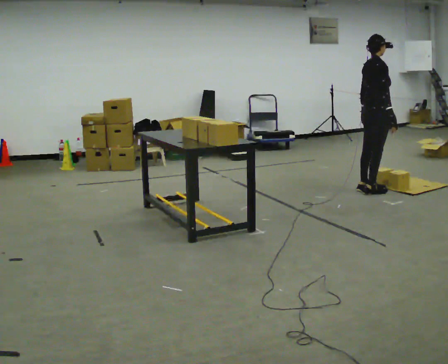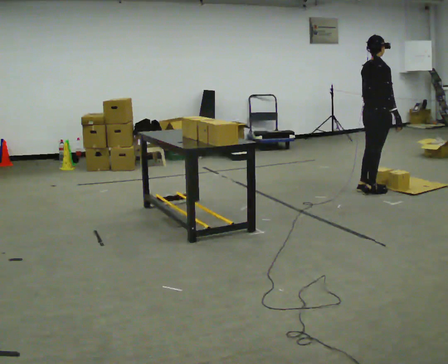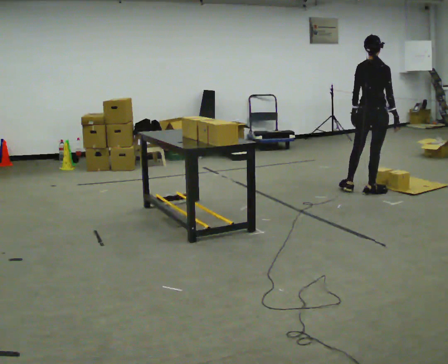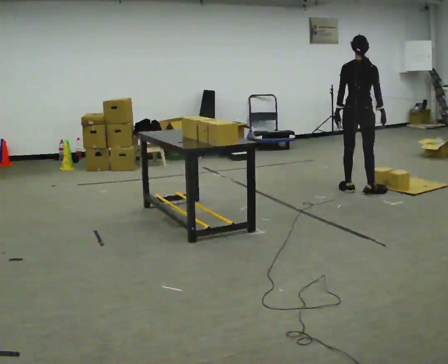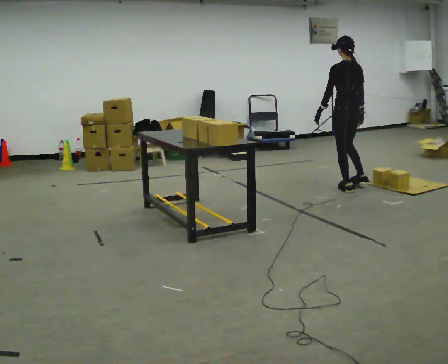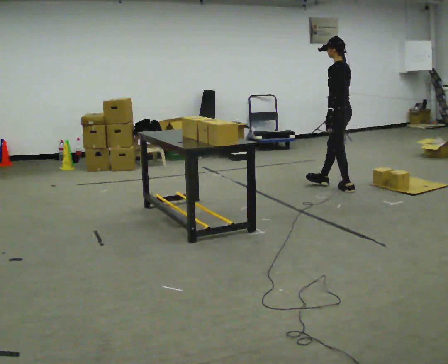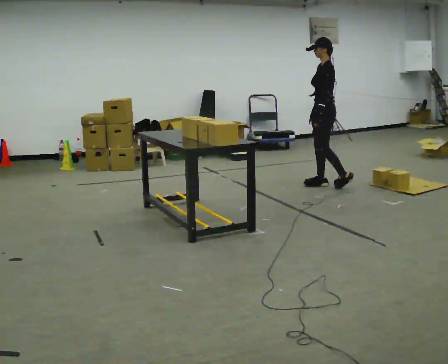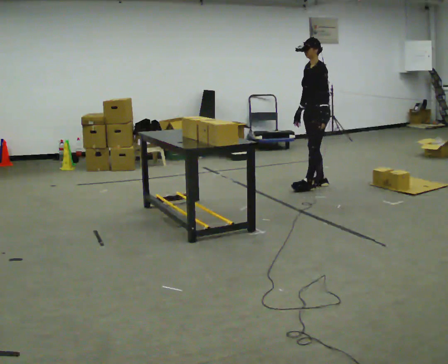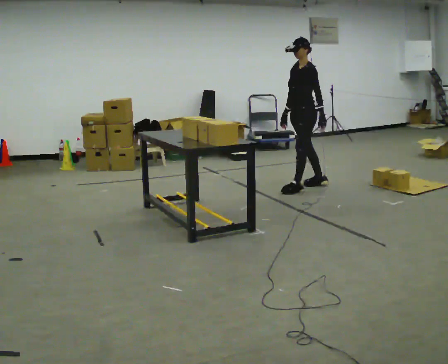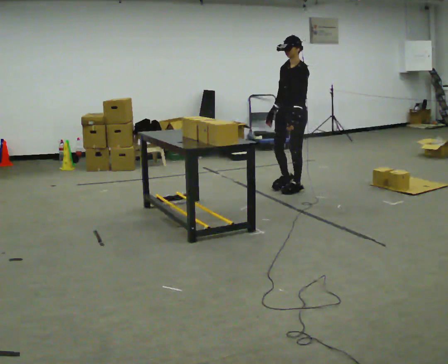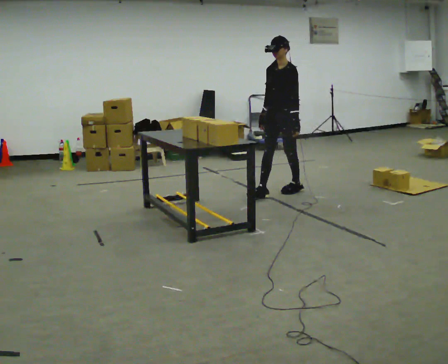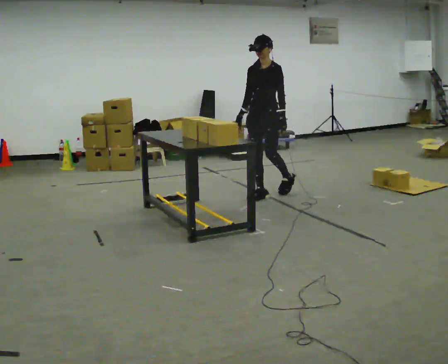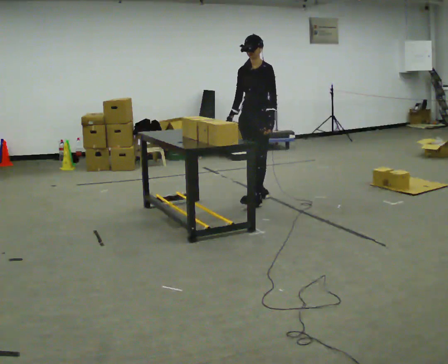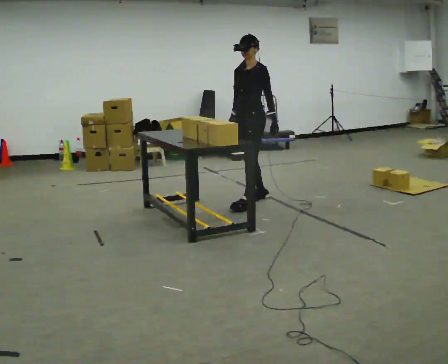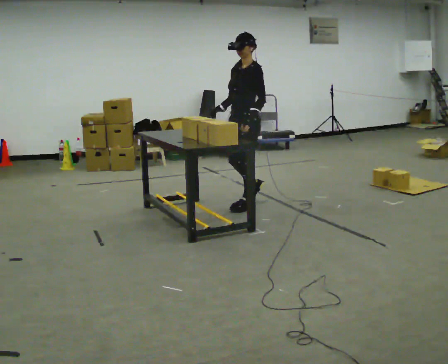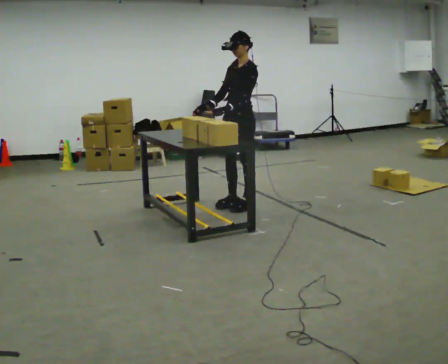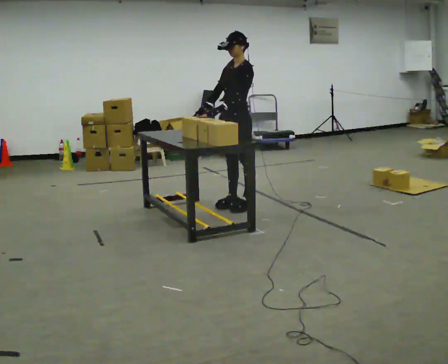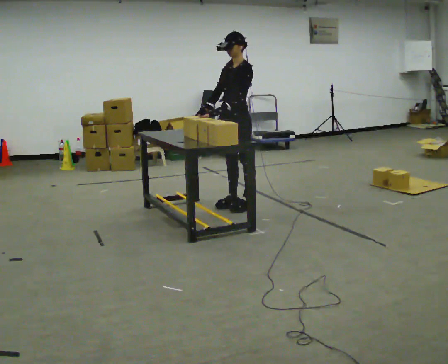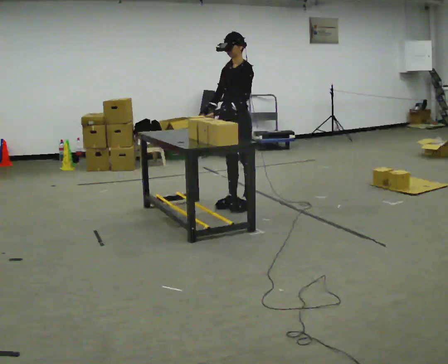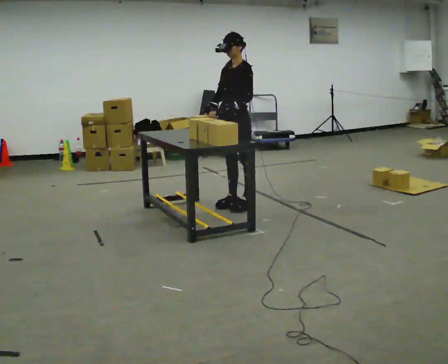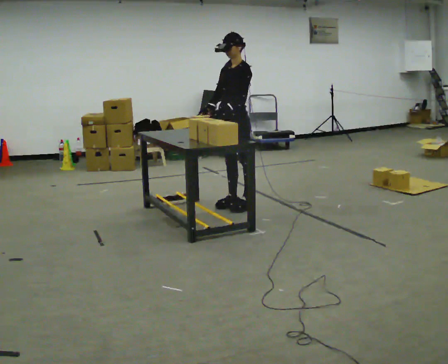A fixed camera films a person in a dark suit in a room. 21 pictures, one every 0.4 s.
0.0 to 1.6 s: The person turns about 90 degrees to their left, counterclockwise seen from above, so the part of the body nearest the lens slides to the right. In the picture they go to the left, about 0.25 m.
1.6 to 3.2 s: The part of the body nearest the lens slides to the right as the person turns to their left by about 90 degrees. In the picture they go to the left, about 0.5 m in 2 steps.
3.2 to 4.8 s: The part of the body nearest the lens slides to the right as the person turns to their left by about 30 degrees. In the picture they go to the left and toward the camera, about 0.75 m in 1 step, which for them is forward.
4.8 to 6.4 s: In the picture they go toward the camera and to the left, about 0.5 m in 2 steps, which for them is forward and to their left.
6.4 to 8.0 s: The person moves a little, or ends about where they began.
The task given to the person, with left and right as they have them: Carry the boxes over one at a time and lay them out on the pallet in the pattern the operator shows you. Keep going until the operator says stop; one object at a time, and do not rush between trips.
The film runs forward here.
